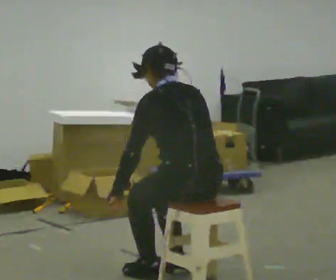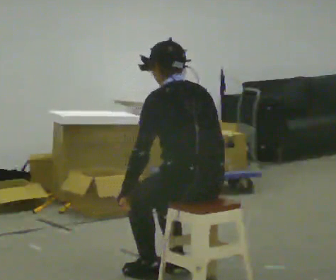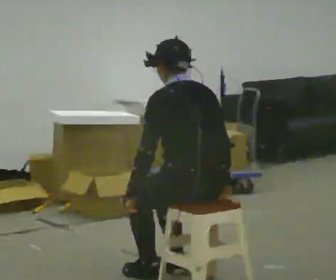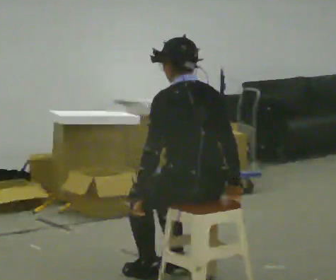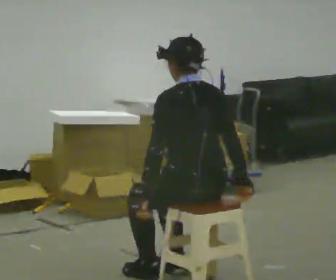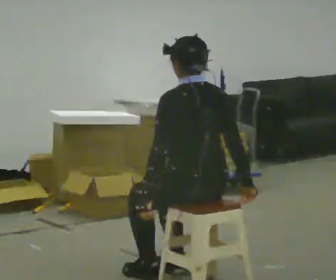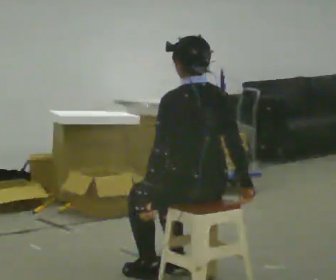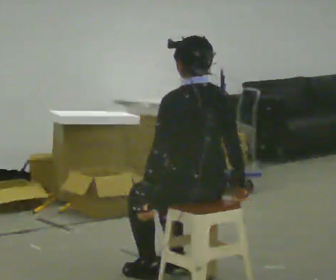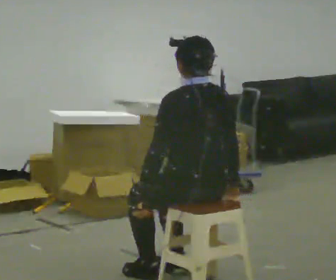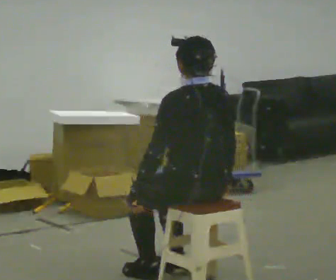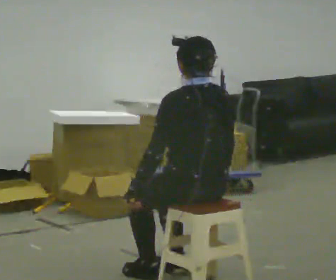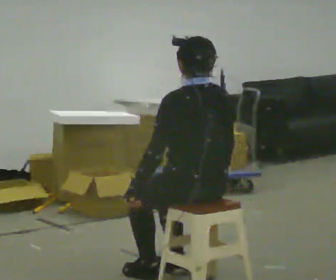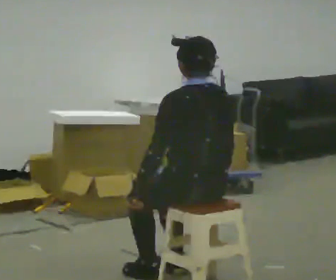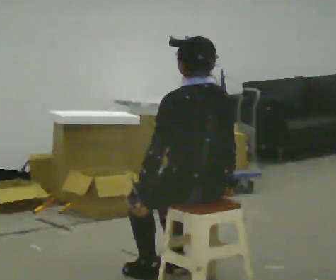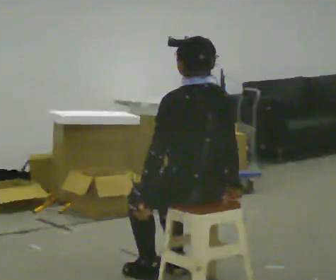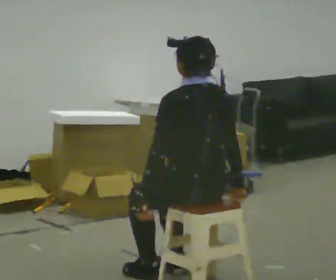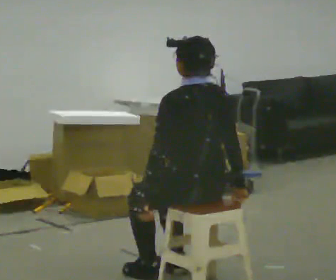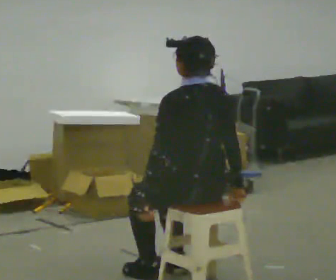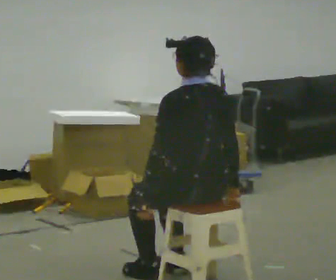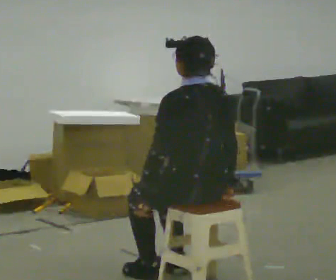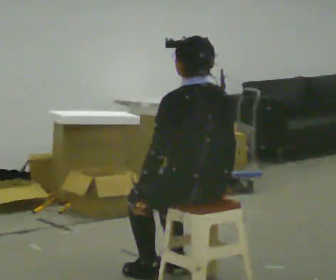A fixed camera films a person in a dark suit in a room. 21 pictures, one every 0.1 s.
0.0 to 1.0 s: The upper body tips toward the camera, its near side rolling downward, as they lean back or straighten.
1.0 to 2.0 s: The person moves a little, or ends about where they began.
The film runs forward here.
